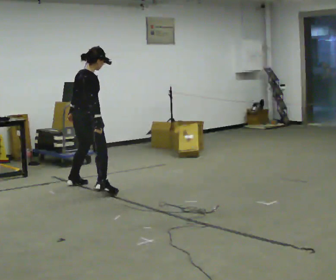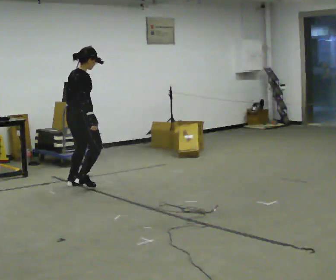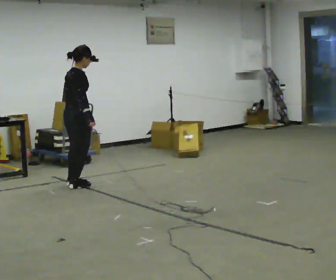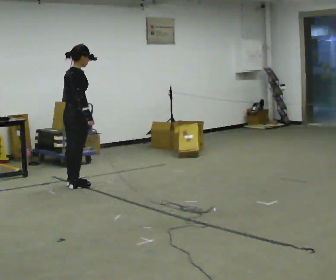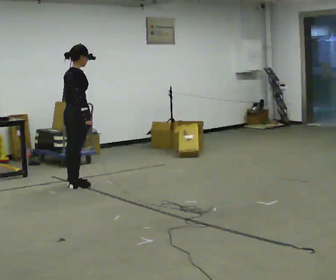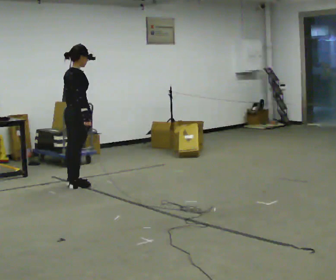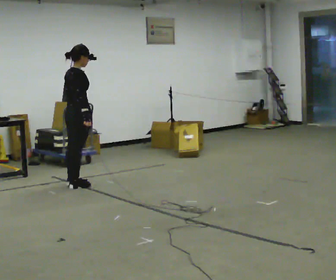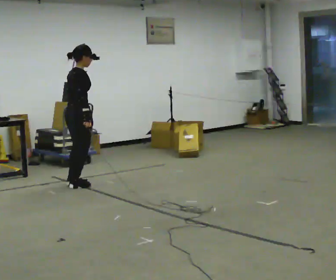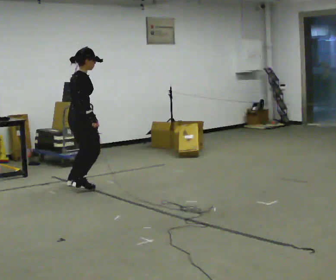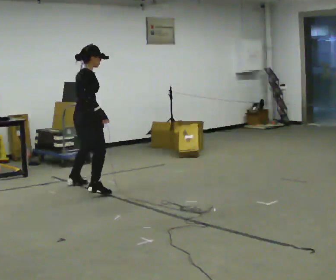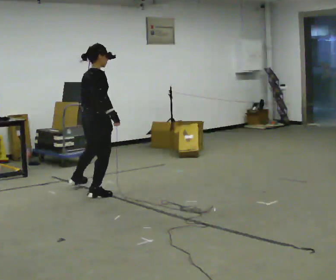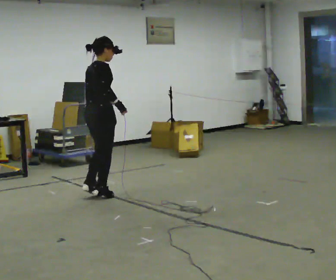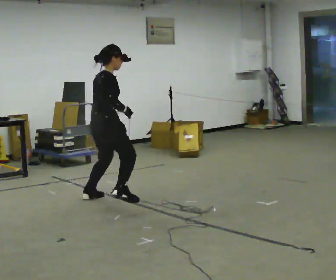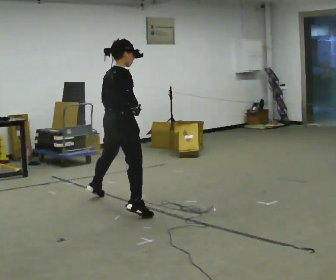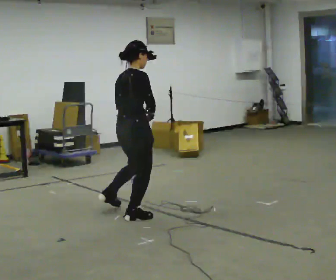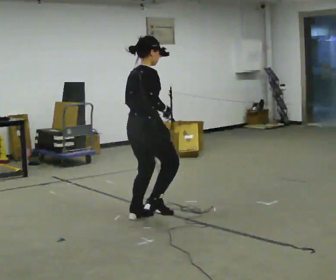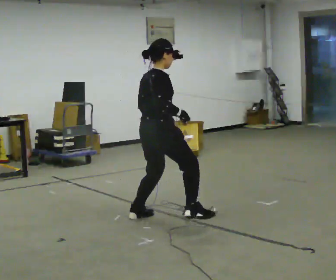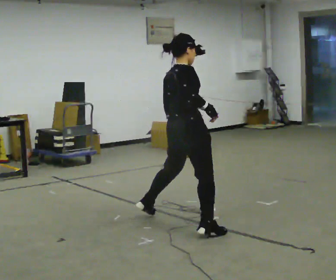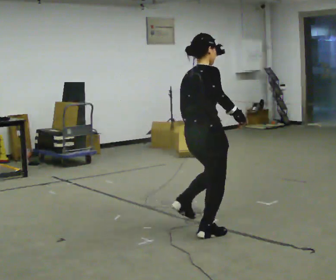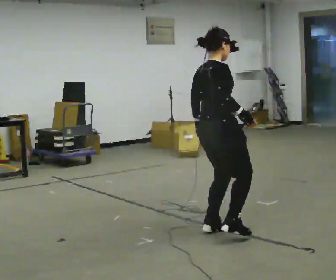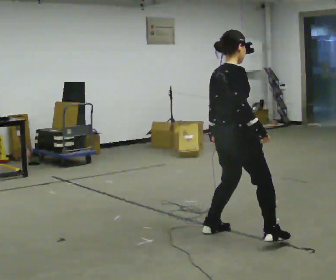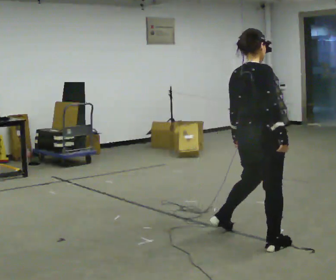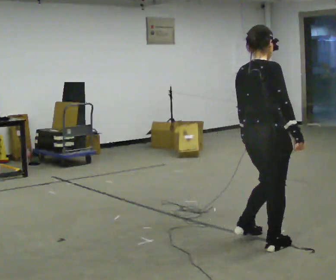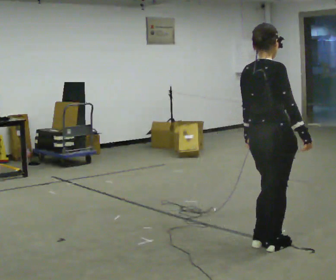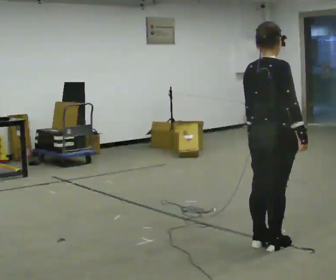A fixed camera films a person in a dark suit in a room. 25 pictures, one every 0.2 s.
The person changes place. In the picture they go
toward the camera.
0.0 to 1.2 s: The person moves a little, or ends about where they began.
1.2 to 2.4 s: In the picture they go toward the camera and to the right, about 1 m in 2 steps, which for them is to their right.
2.4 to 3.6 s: In the picture they go toward the camera and to the right, about 1.5 m in 3 steps, which for them is to their right.
3.6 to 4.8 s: In the picture they go toward the camera and to the right, about 0.5 m in 3 steps, which for them is to their right.
The film runs forward here.
